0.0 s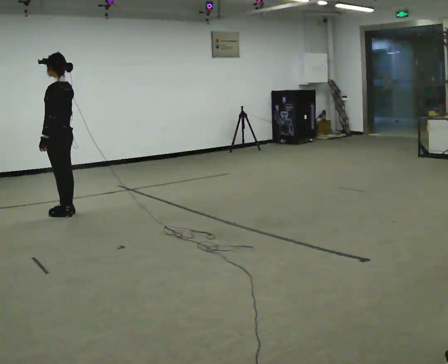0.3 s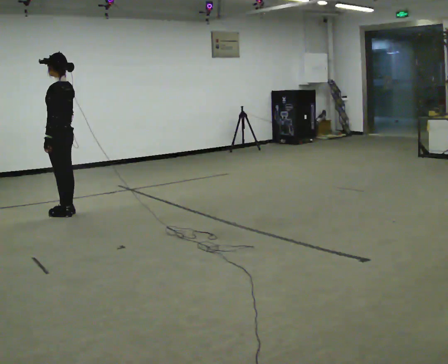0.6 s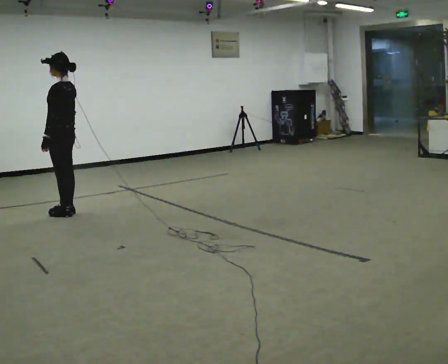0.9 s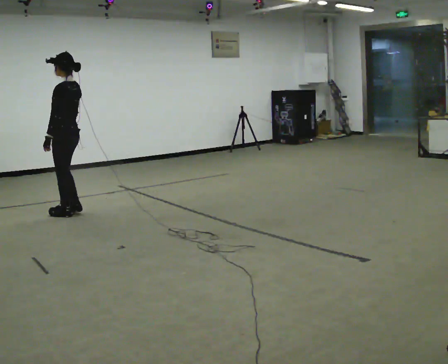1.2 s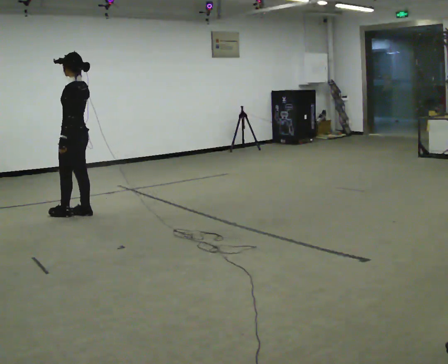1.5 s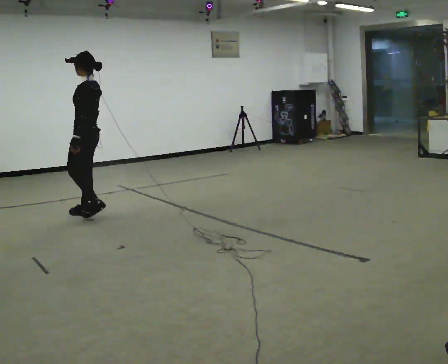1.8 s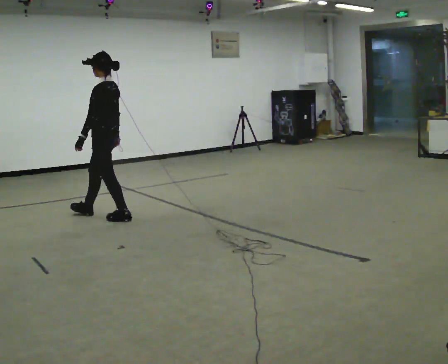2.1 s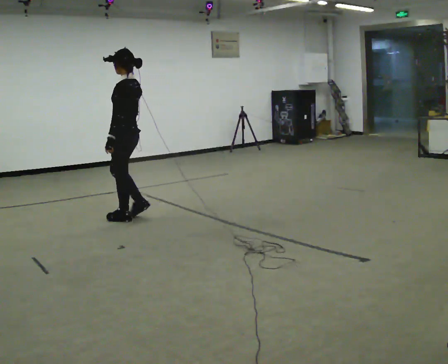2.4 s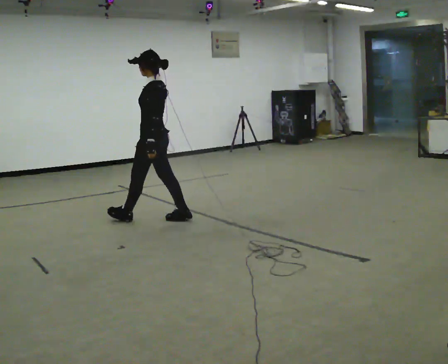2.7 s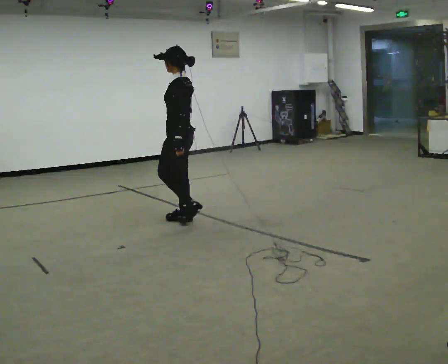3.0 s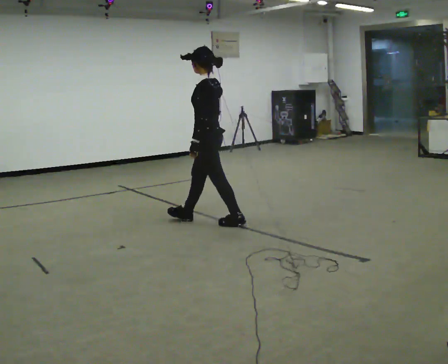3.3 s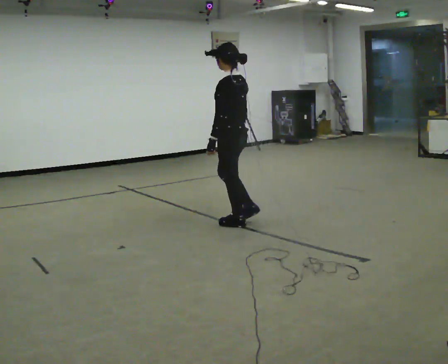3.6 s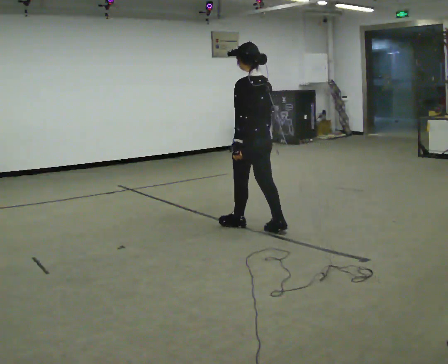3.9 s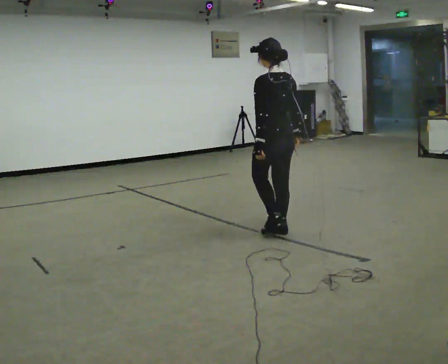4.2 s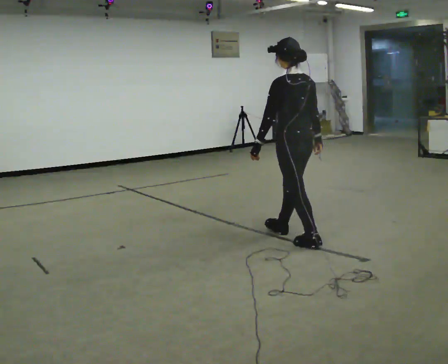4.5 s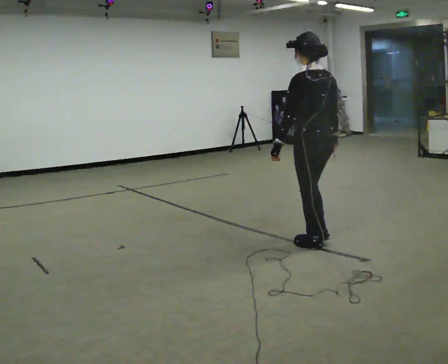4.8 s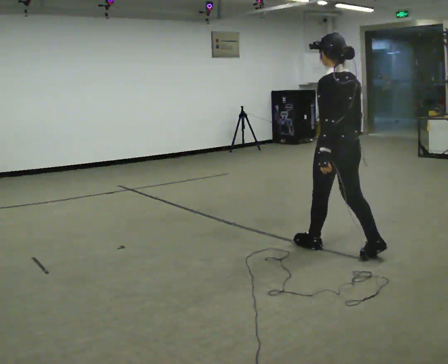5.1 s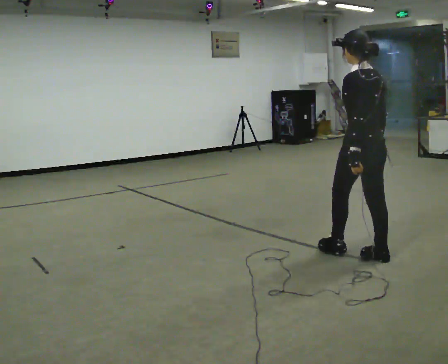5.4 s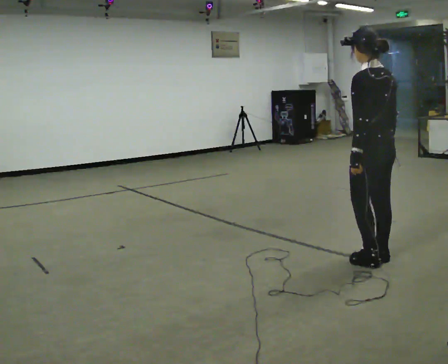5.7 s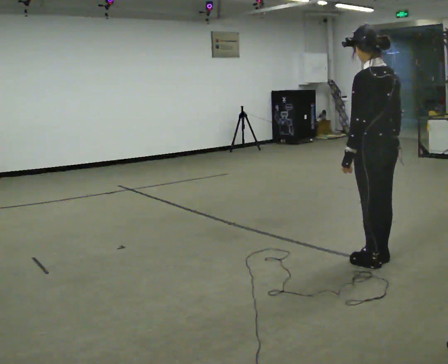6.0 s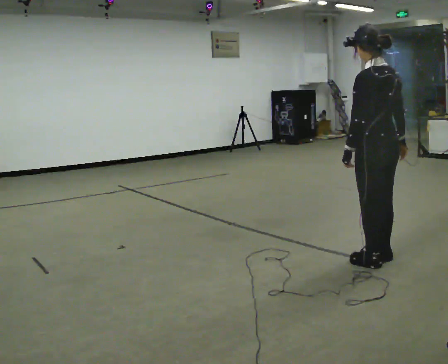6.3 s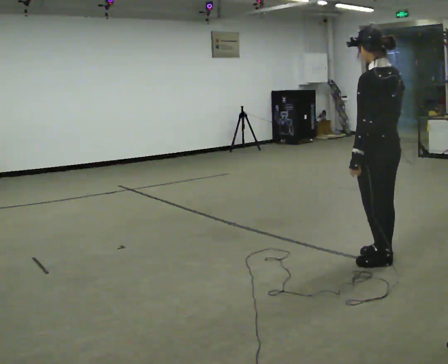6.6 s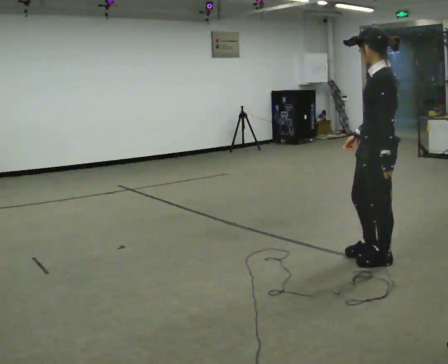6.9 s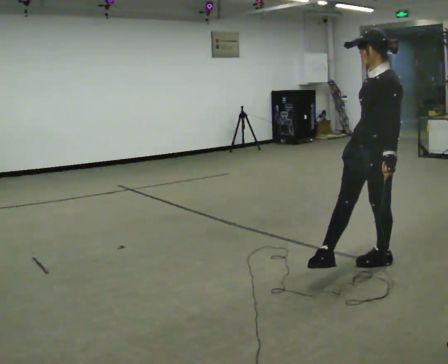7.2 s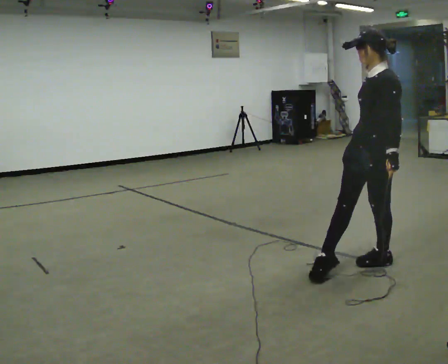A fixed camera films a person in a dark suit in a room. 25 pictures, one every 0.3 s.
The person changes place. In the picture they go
to the right.
0.0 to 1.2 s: In the picture they go to the right, about 0.25 m in 1 step, which for them is backward.
1.2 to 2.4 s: In the picture they go to the right, about 1 m in 2 steps, which for them is backward.
2.4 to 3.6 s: The part of the body nearest the lens slides to the left as the person turns to their right by about 30 degrees. In the picture they go to the right, about 1 m in 2 steps, which for them is backward.
3.6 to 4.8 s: In the picture they go toward the camera and to the right, about 1 m in 2 steps, which for them is backward.
4.8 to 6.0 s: In the picture they go toward the camera and to the right, about 0.5 m in 1 step, which for them is backward.
6.0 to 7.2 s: The part of the body nearest the lens slides to the right as the person turns to their left by about 75 degrees.
The film runs backward here.
